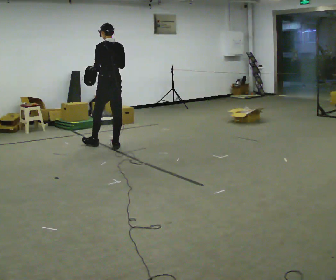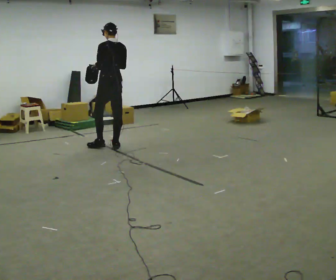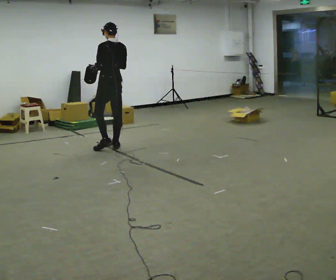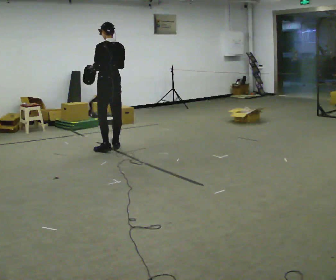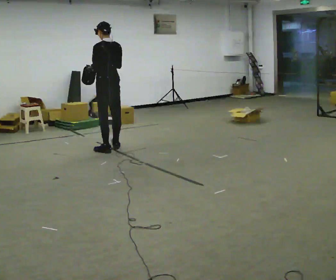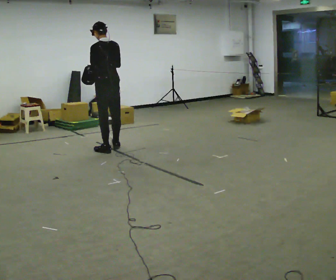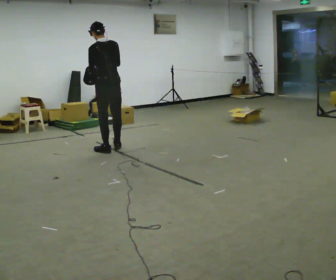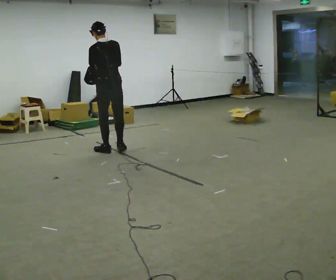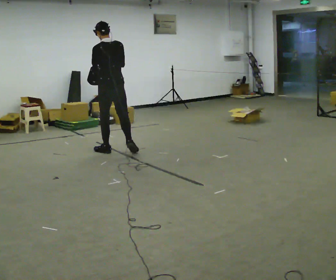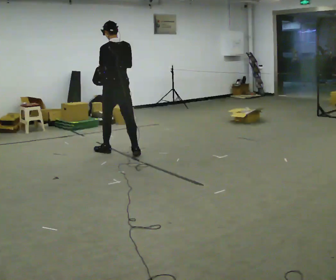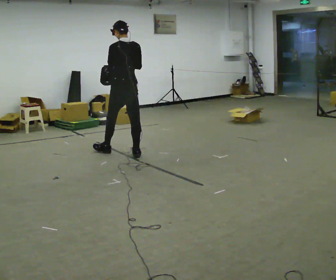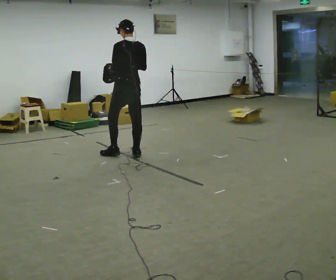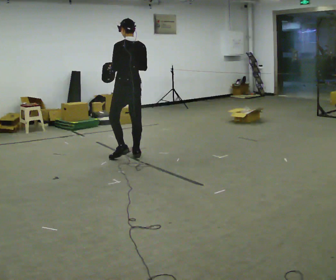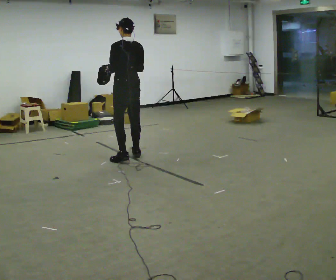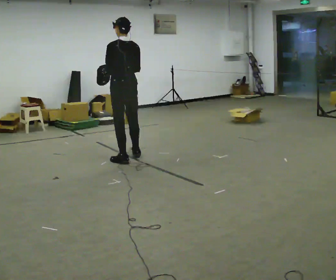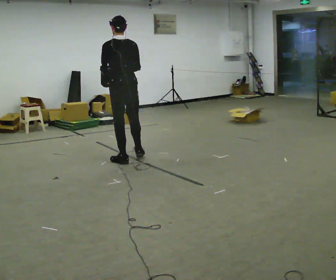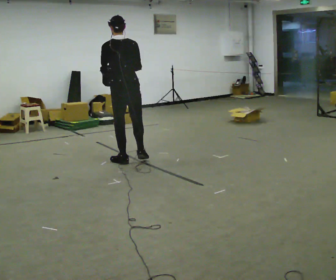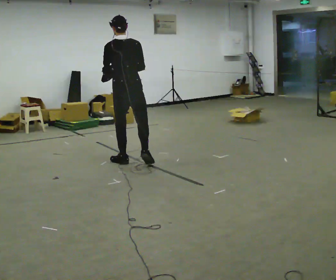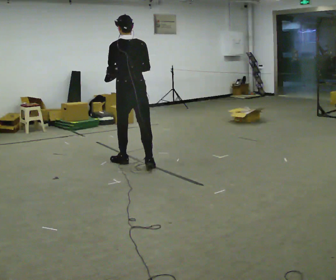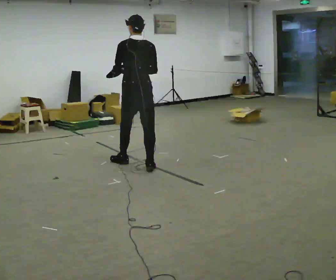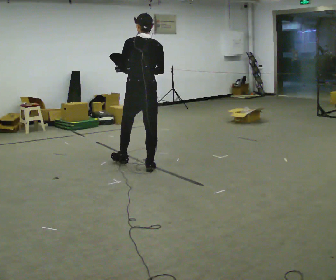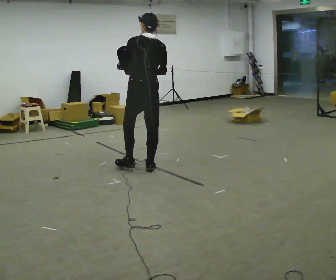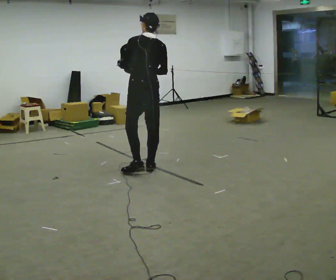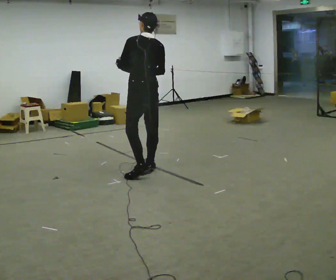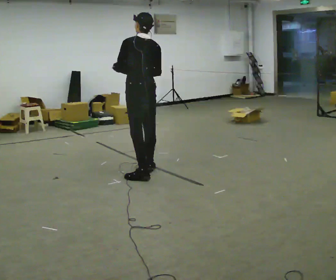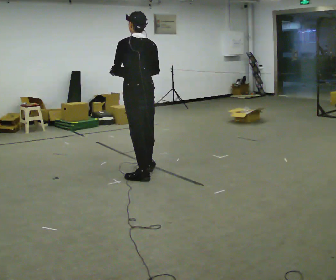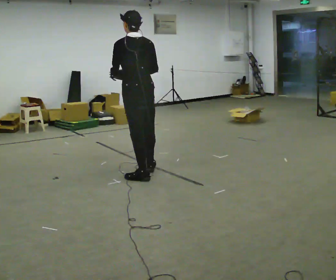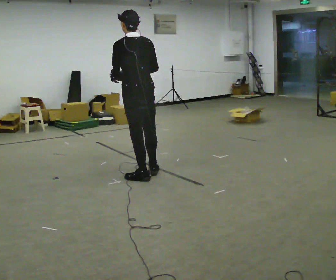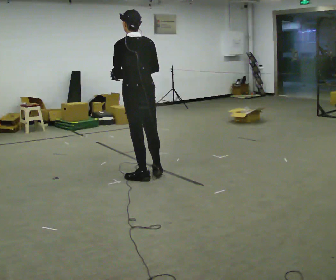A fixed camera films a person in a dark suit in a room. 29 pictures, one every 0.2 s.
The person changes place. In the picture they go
toward the camera.
0.0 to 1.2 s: In the picture they go toward the camera, about 0.25 m in 1 step, which for them is backward and to their left.
1.2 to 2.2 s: In the picture they go to the right and toward the camera, about 0.25 m in 2 steps, which for them is backward and to their right.
2.2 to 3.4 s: In the picture they go toward the camera, about 0.5 m in 1 step, which for them is backward and to their left.
3.4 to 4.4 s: In the picture they go toward the camera and to the right, about 0.25 m in 1 step, which for them is backward and to their right.
4.4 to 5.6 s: In the picture they go toward the camera, about 0.25 m in 1 step, which for them is backward and to their left.
The film runs backward here.
